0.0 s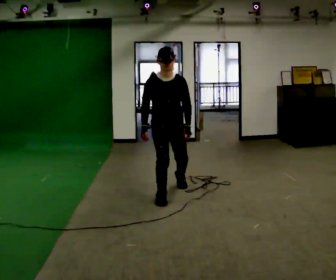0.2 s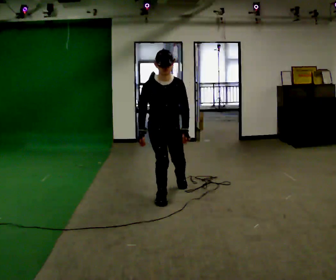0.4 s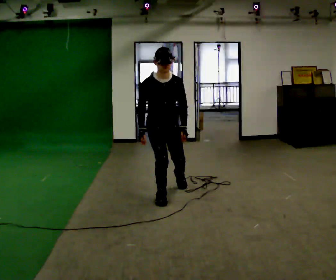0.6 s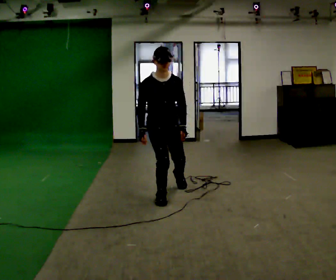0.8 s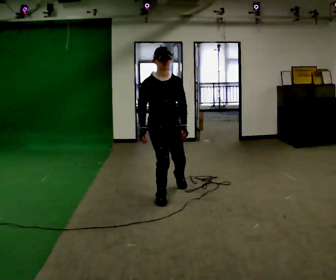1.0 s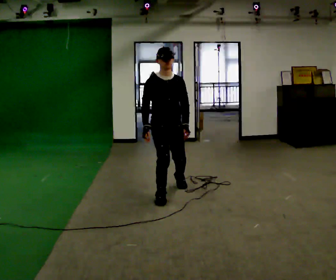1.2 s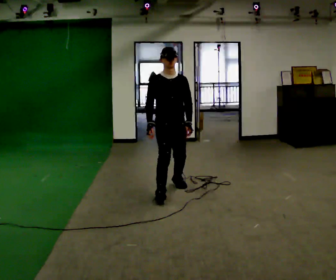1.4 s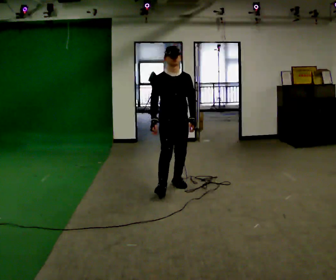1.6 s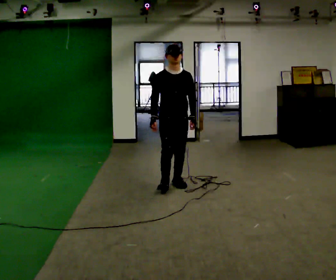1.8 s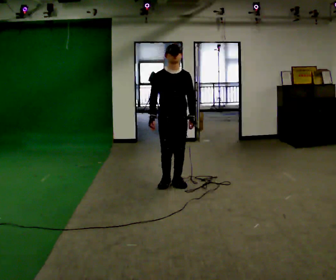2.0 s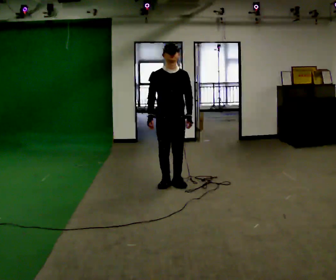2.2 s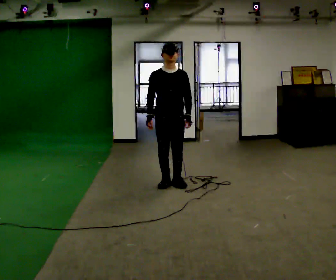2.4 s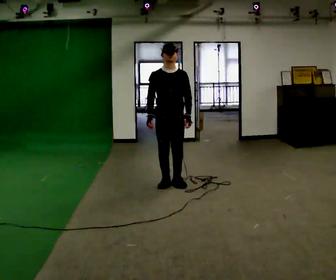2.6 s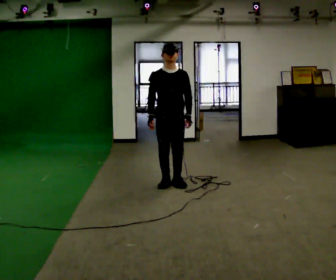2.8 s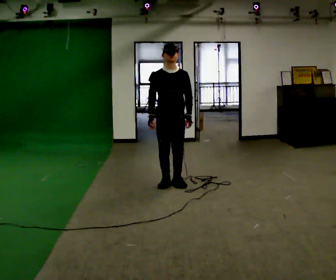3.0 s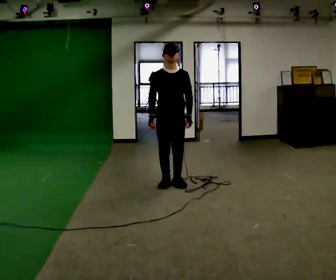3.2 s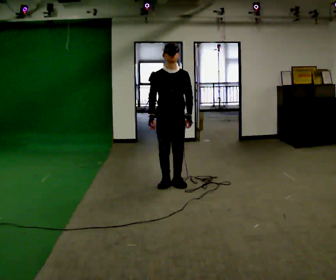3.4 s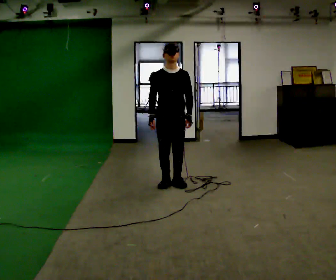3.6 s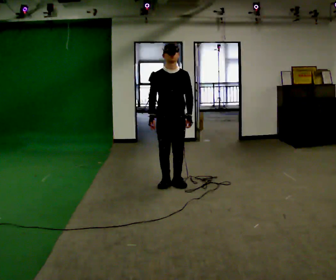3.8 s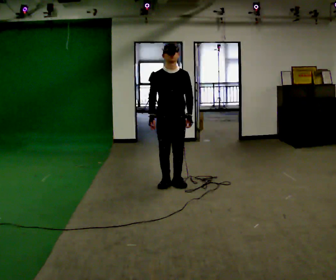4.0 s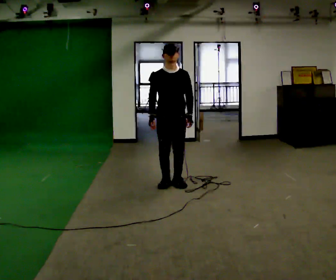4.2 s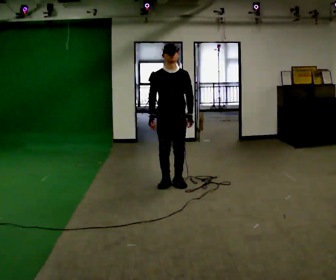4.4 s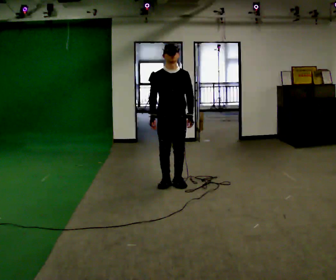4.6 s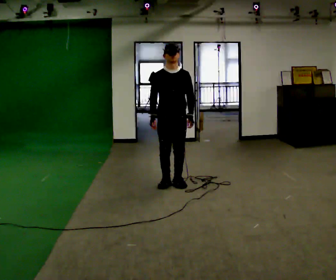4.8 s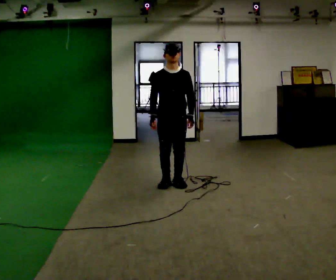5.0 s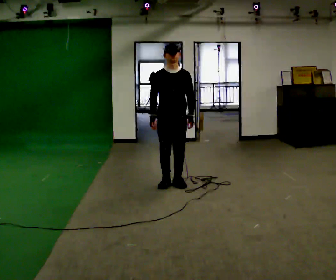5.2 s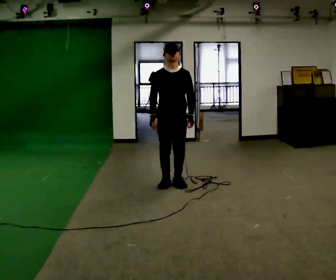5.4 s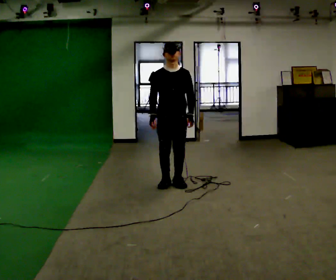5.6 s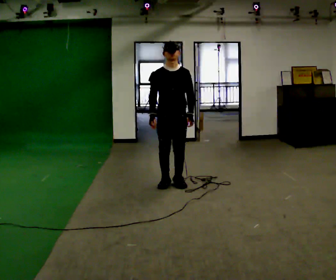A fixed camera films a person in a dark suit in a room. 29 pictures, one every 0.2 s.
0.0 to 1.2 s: The person moves a little, or ends about where they began.
1.2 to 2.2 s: In the picture they go away from the camera, about 0.25 m in 1 step, which for them is backward.
2.2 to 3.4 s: The person moves a little, or ends about where they began.
3.4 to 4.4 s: The person keeps their place and pose.
4.4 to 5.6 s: The person moves a little, or ends about where they began.
The film runs forward here.
